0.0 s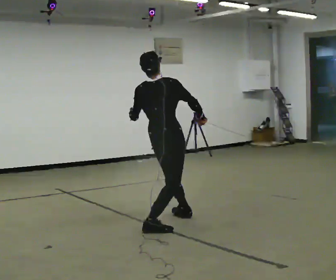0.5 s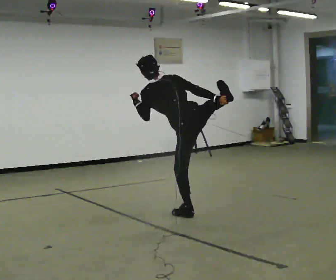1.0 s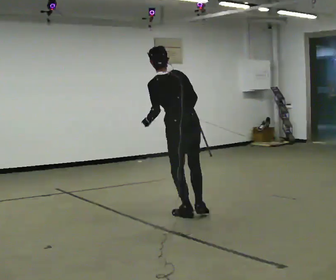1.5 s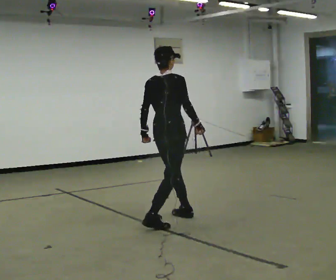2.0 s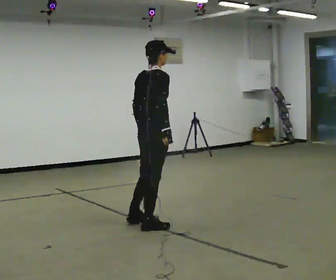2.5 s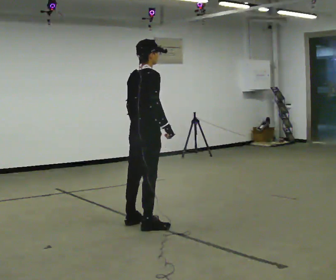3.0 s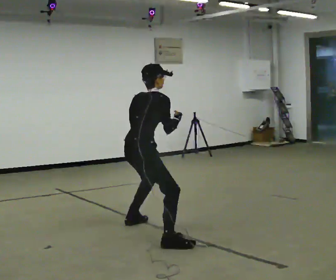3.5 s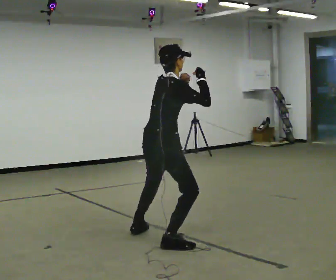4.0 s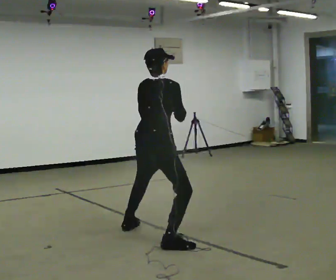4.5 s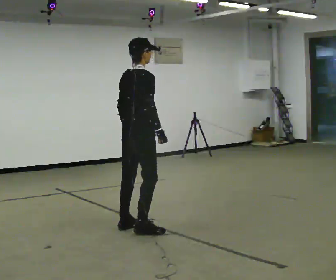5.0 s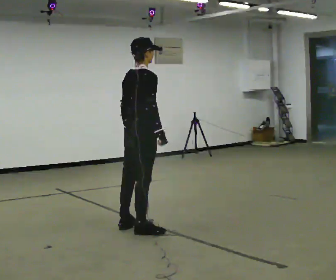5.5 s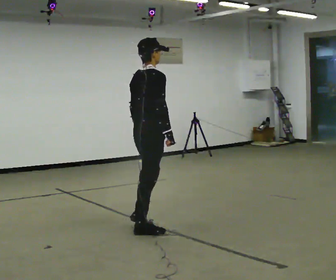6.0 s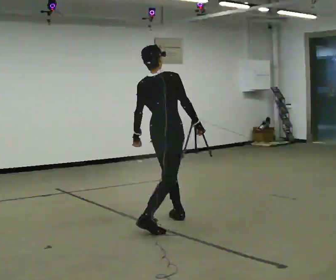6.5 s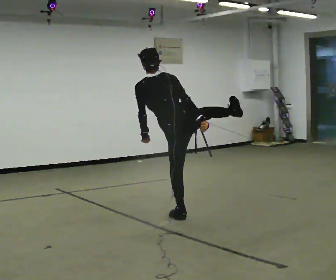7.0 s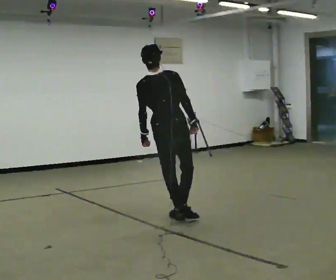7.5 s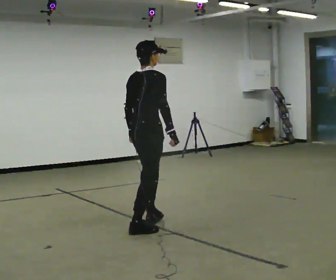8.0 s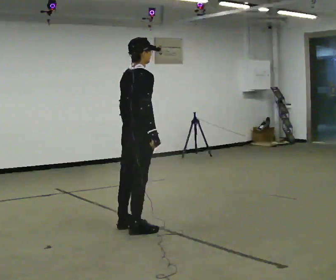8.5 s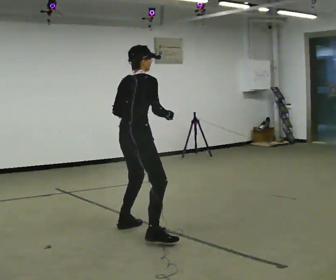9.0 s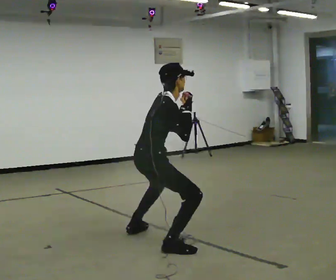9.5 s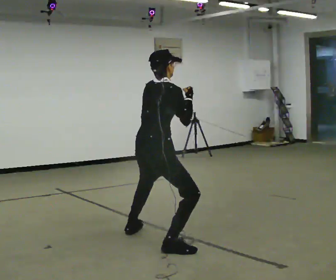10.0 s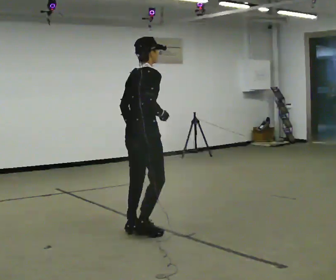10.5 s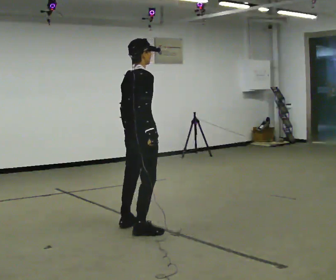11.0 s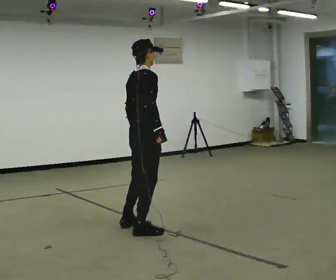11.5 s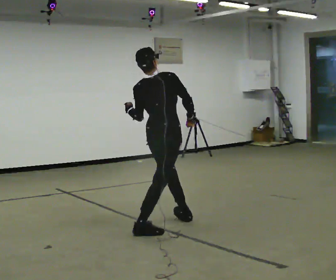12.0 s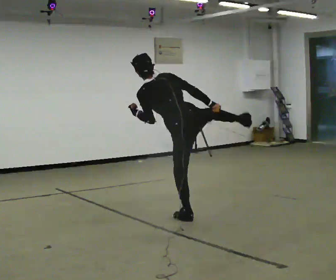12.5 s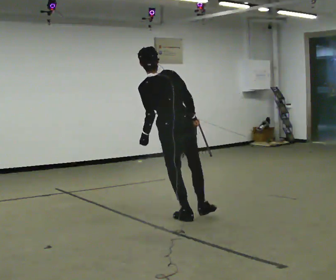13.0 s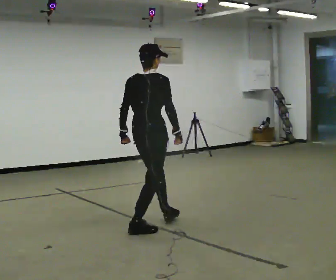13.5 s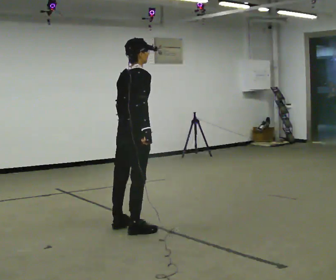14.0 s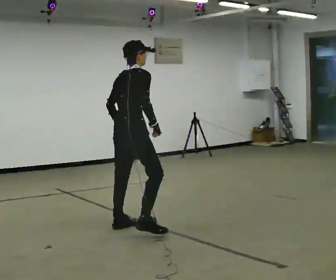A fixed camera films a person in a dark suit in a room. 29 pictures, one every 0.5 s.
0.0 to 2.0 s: In the picture they go to the left, about 0.25 m in 2 steps. In the picture their right hand goes to the left.
2.0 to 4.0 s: In the picture they go toward the camera, about 0.5 m in 3 steps, which for them is to their right and backward.
4.0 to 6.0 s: In the picture they go away from the camera, about 0.5 m in 2 steps, which for them is forward and to their left. In the picture the upper body tilts counterclockwise, shoulders to the left, as they lean back or straighten. In the picture their left hand goes downward.
6.0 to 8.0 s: In the picture they go to the left and toward the camera, about 0.25 m in 1 step.
8.0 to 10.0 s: The person moves a little, or ends about where they began.
10.0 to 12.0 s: Seen from above the body turns counterclockwise, about 75 degrees: to their left, with its near side sliding to the right. In the picture they go to the right and away from the camera, about 0.5 m in 3 steps. In the picture the upper body tilts counterclockwise, shoulders to the left.
12.0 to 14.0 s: Seen from above the body turns clockwise, about 75 degrees: to their right, with its near side sliding to the left. In the picture they go to the left and toward the camera, about 0.5 m in 3 steps. In the picture the upper body tilts clockwise, shoulders to the right.
The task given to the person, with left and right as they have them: Perform a slow martial arts form (https://youtu.be/ZMi83SPAP1Q?si=p1_31d3YaodeQQZT); kicks should be slow
The film runs forward here.
